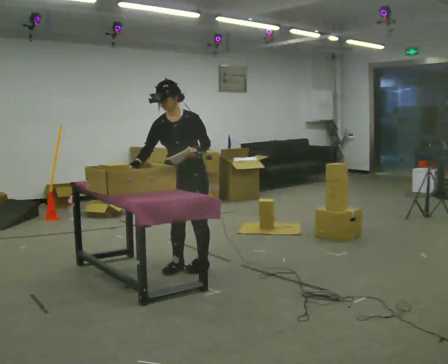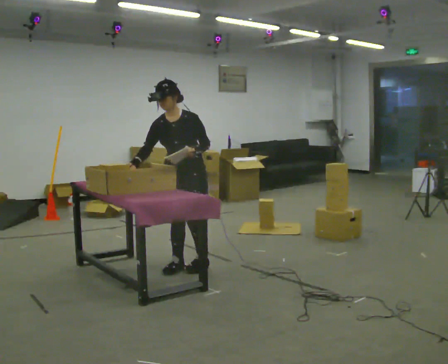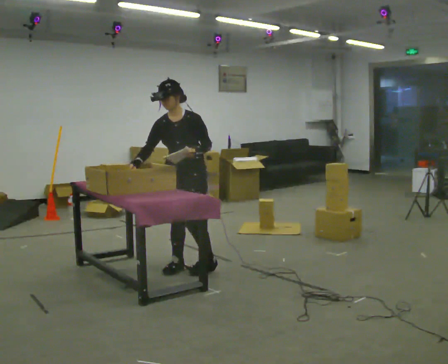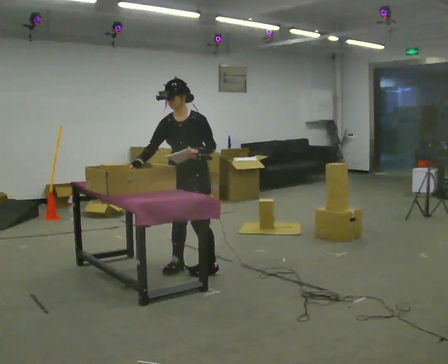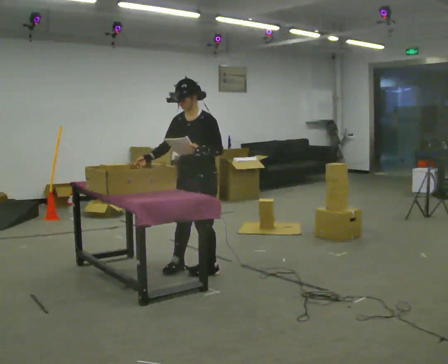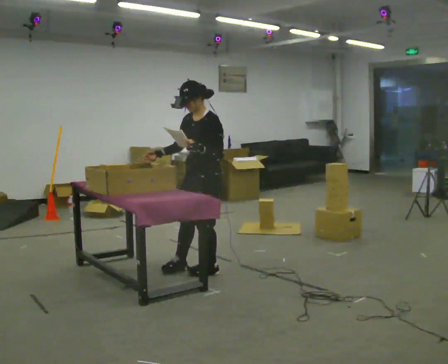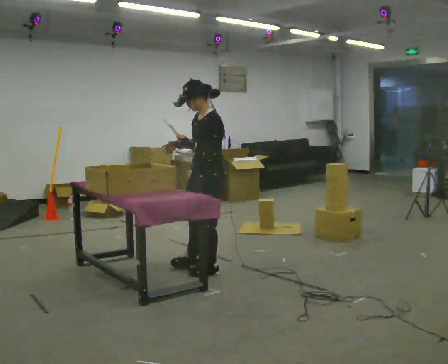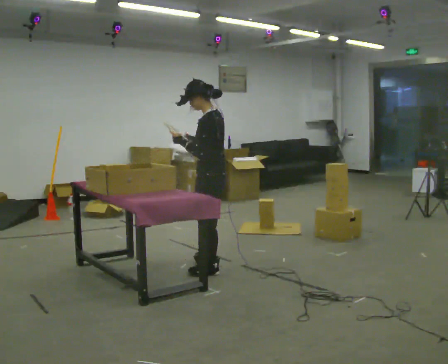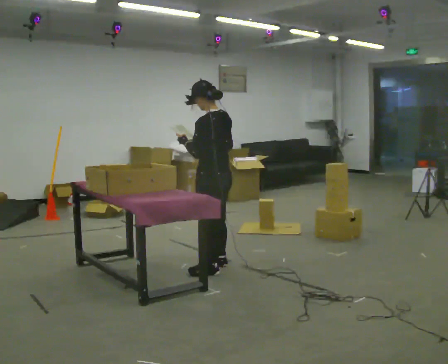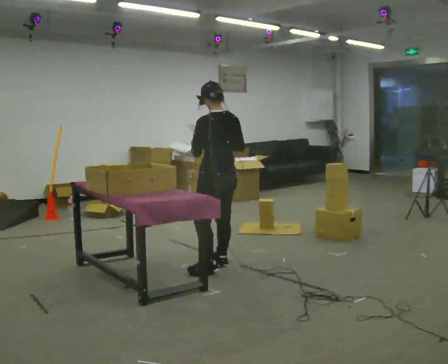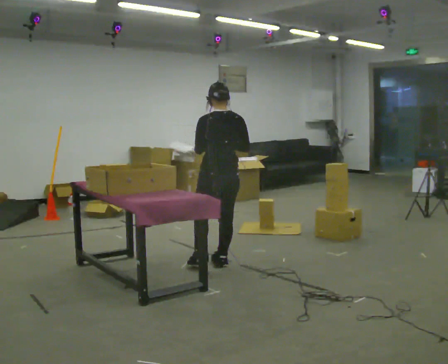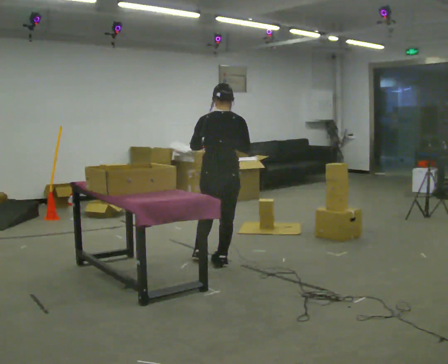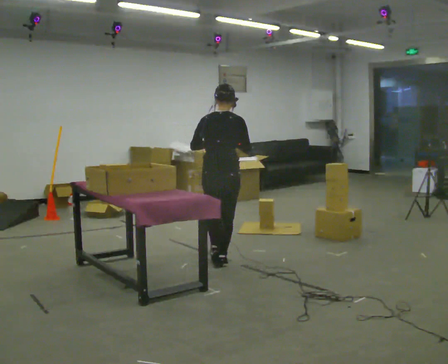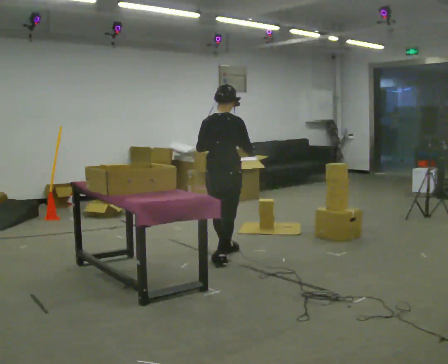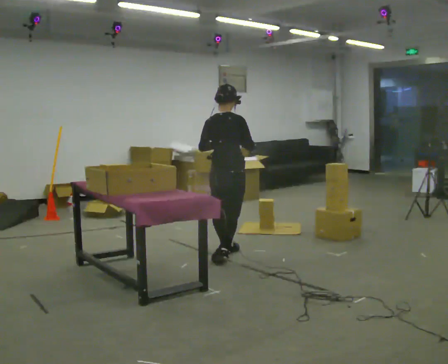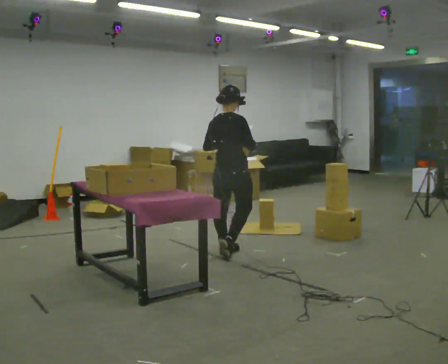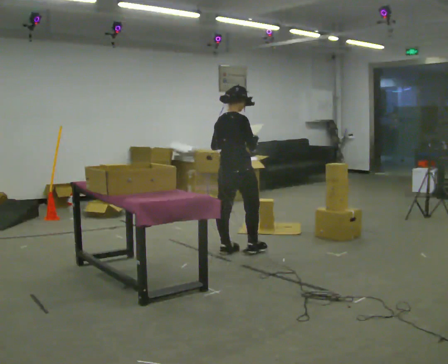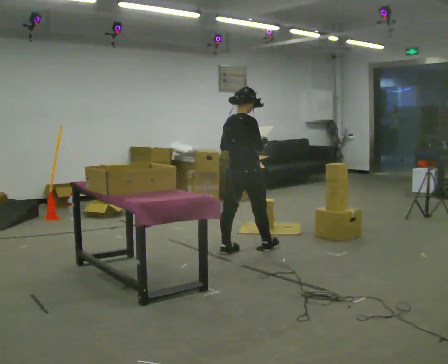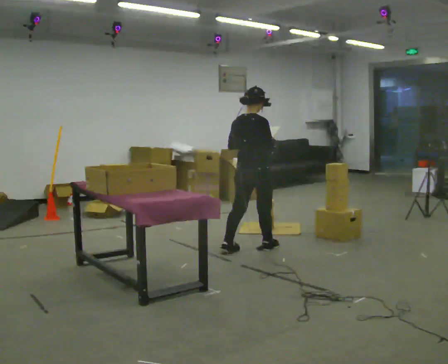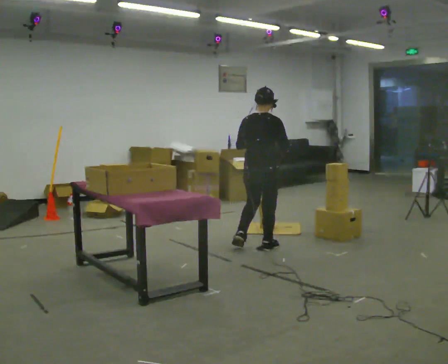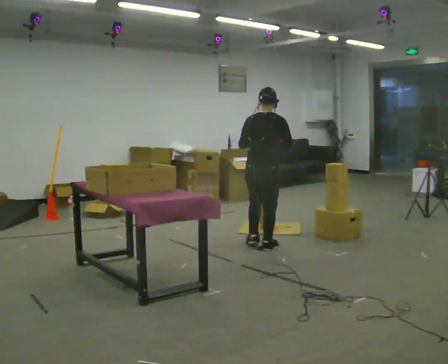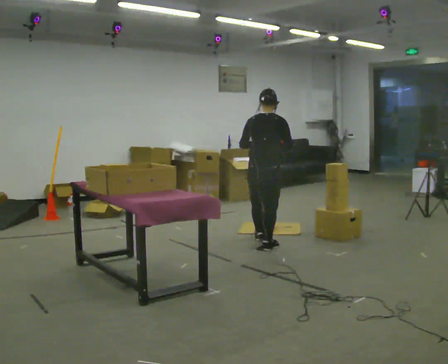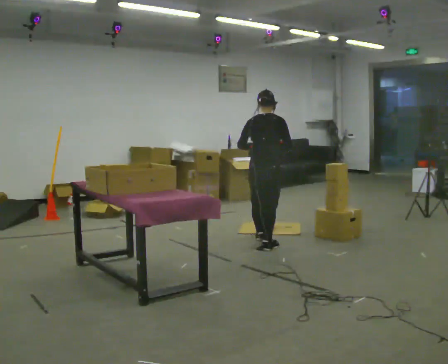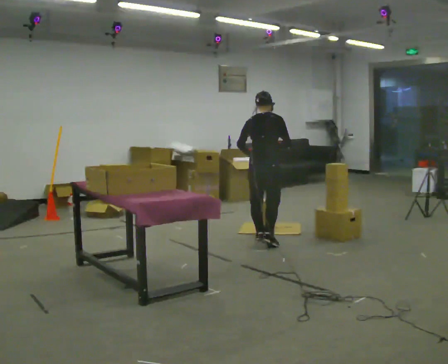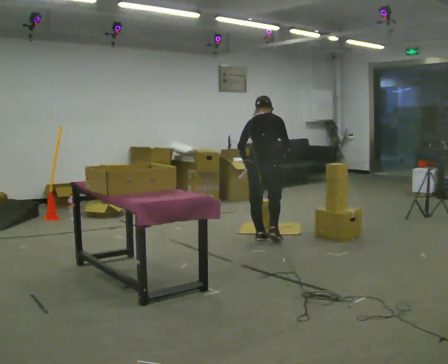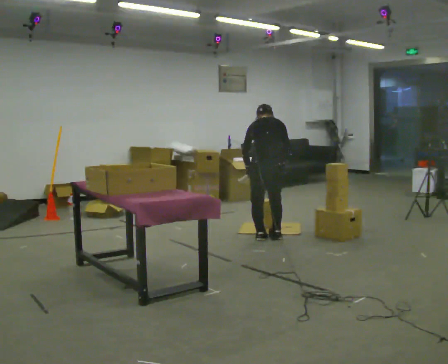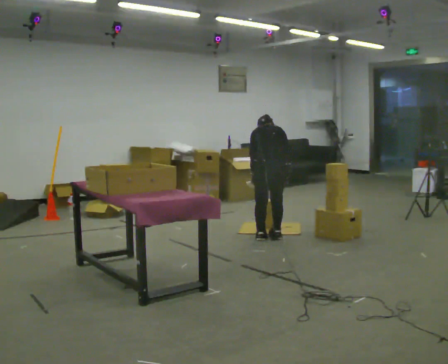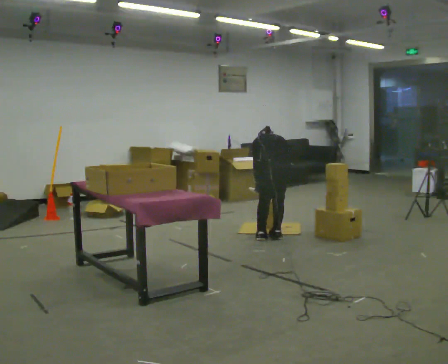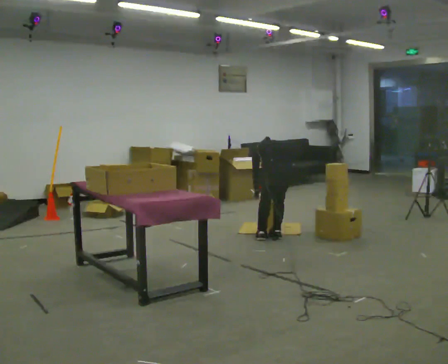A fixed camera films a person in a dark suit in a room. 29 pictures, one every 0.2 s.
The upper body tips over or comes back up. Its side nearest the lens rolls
upward.
0.0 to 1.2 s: The person turns about 60 degrees to their right, clockwise seen from above, so the part of the body nearest the lens slides to the left. In the picture they go to the right, about 0.25 m in 1 step, which for them is to their left. In the picture their right hand goes to the right.
1.2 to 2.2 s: Seen from above the body turns clockwise, about 120 degrees: to their right, with its near side sliding to the left. In the picture they go away from the camera, about 0.25 m in 1 step. In the picture their right hand goes to the right.
2.2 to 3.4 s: Seen from above the body turns clockwise, about 30 degrees: to their right, with its near side sliding to the left. In the picture they go away from the camera and to the right, about 0.5 m in 2 steps, which for them is forward.
3.4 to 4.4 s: In the picture they go away from the camera and to the right, about 0.25 m in 1 step, which for them is forward.
4.4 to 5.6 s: Seen from above the body turns counterclockwise, about 30 degrees: to their left, with its near side sliding to the right. In the picture they go to the right, about 0.25 m in 1 step, which for them is forward and to their right. The upper body goes downward. The upper body tips away from the camera, its near side rolling upward, as they bend forward. In the picture their right hand goes downward.
The film runs forward here.
